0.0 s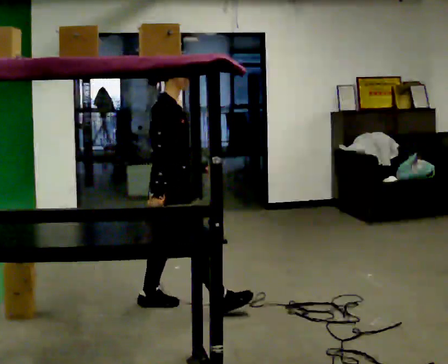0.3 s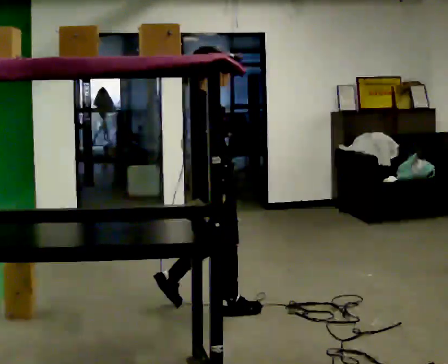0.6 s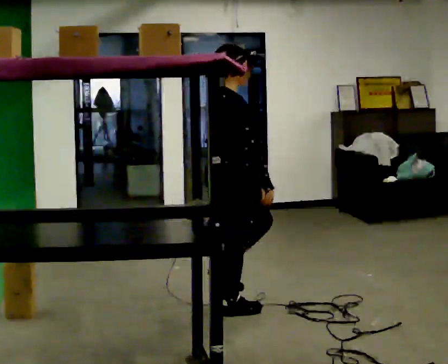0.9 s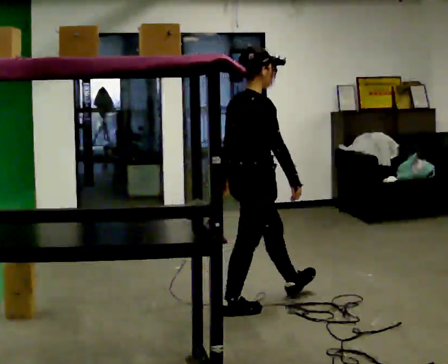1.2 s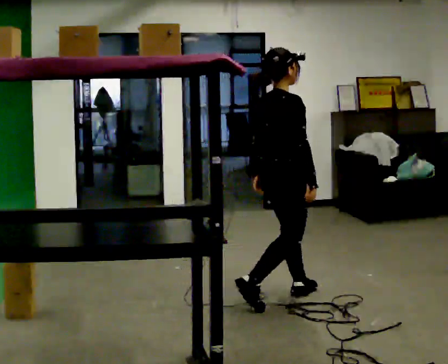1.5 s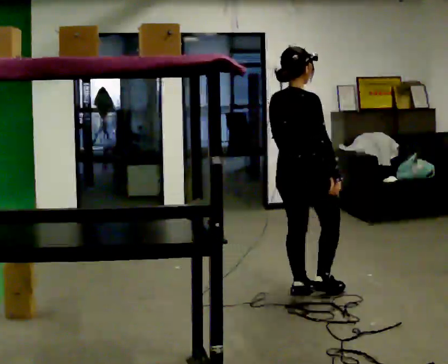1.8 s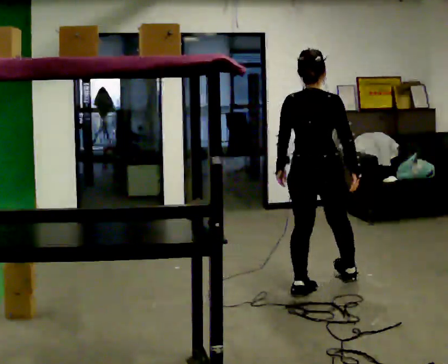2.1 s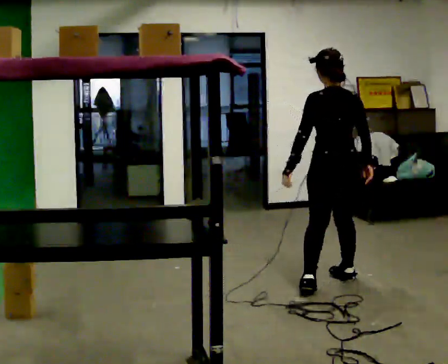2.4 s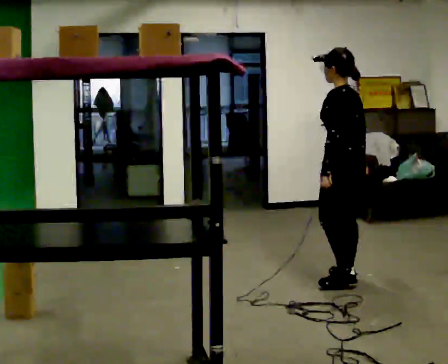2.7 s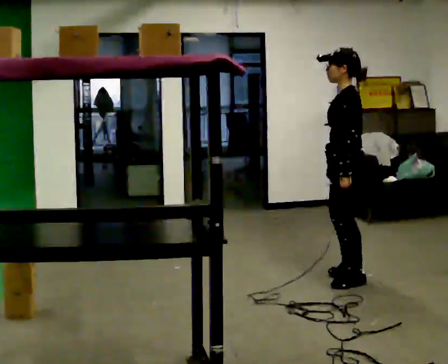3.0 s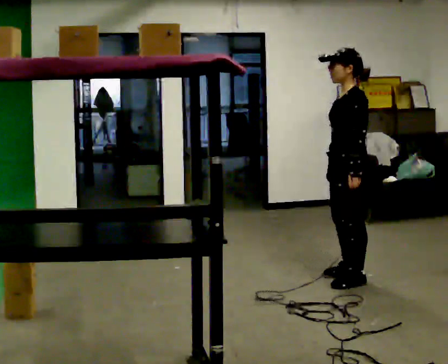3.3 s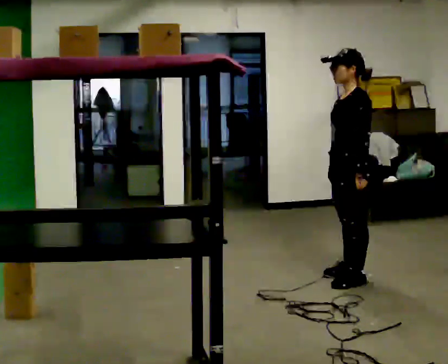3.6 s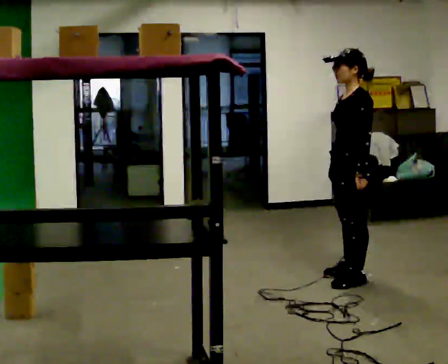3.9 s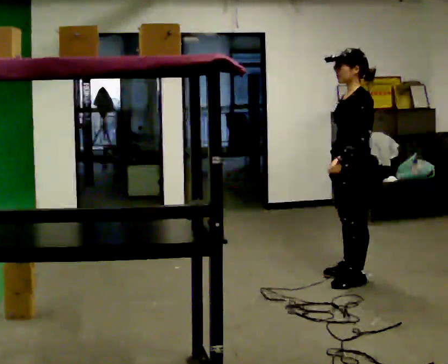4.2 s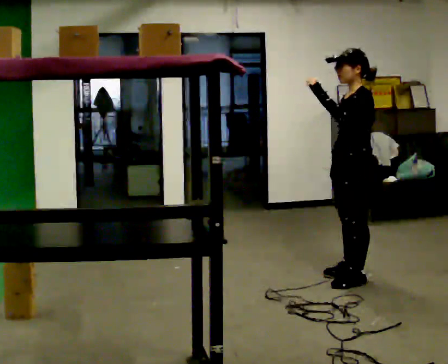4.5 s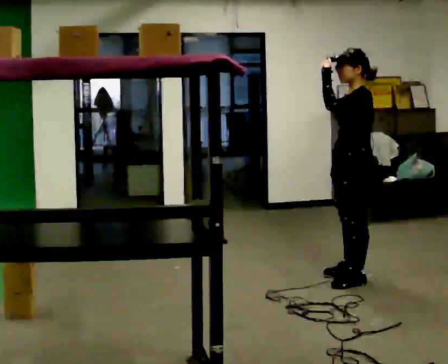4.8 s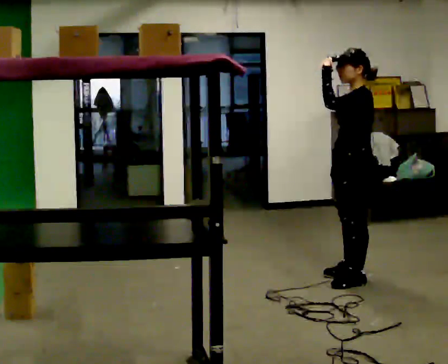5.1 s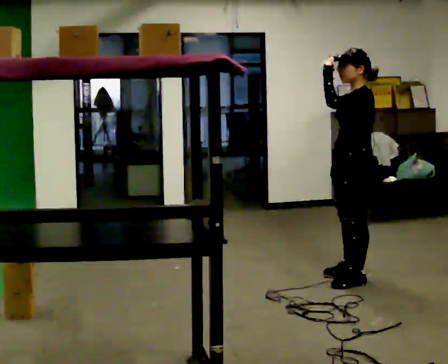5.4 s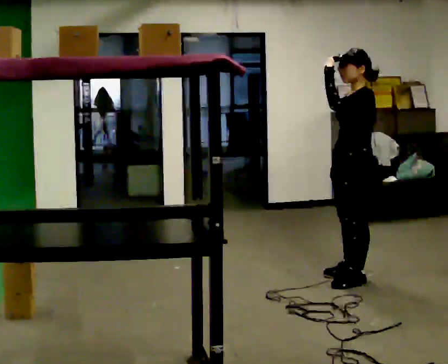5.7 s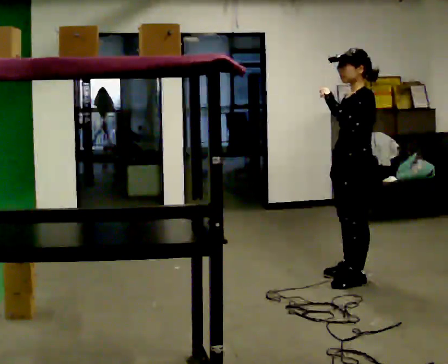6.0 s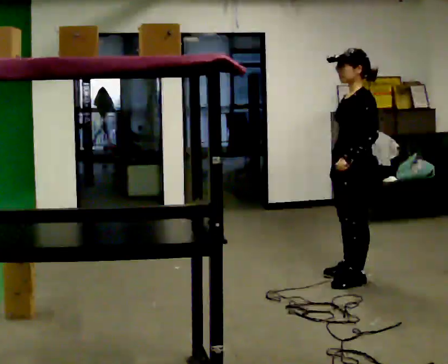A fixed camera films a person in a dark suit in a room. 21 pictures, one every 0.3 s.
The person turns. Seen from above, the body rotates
counterclockwise.
The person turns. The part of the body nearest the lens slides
to the right.
0.0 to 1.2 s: In the picture they go to the right and away from the camera, about 0.75 m in 2 steps, which for them is forward.
1.2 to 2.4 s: Seen from above the body turns counterclockwise, about 120 degrees: to their left, with its near side sliding to the right. In the picture they go away from the camera and to the right, about 0.5 m in 1 step.
2.4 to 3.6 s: The part of the body nearest the lens slides to the right as the person turns to their left by about 45 degrees.
3.6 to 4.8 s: In the picture their left hand goes upward.
4.8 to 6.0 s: In the picture their left hand goes downward.
The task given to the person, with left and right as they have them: Pick an object up off the floor at your feet and place it on the highest shelf you can comfortably reach. Repeat at your own pace until the operator says stop. Keep both feet on the marked spots for the whole take. If you have to step, stop and tell the operator.
The film runs forward here.
